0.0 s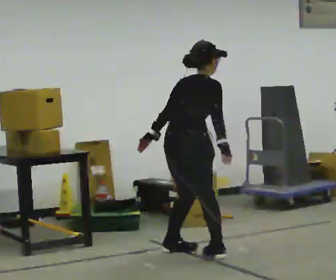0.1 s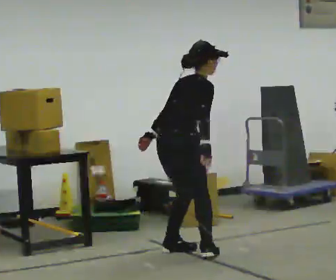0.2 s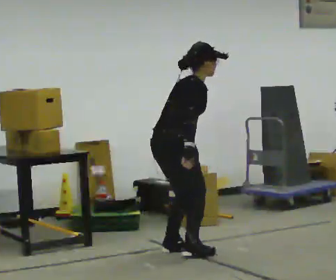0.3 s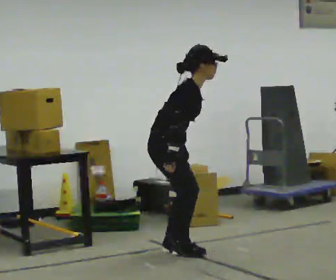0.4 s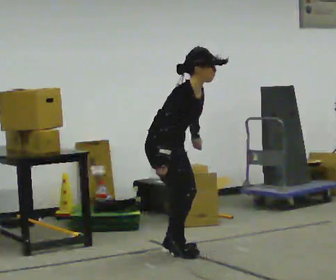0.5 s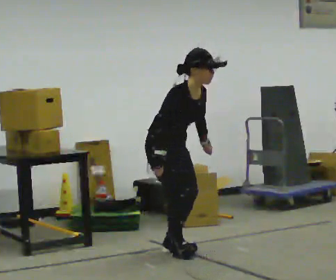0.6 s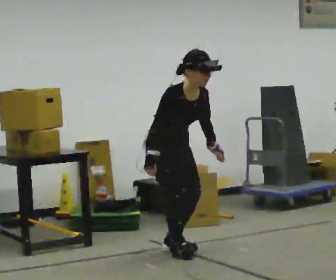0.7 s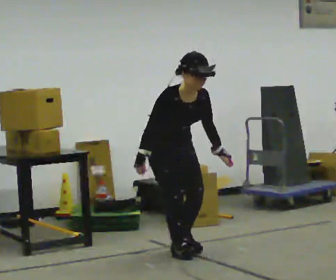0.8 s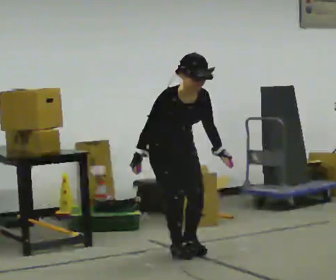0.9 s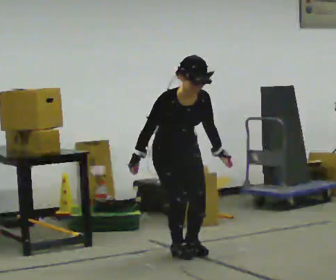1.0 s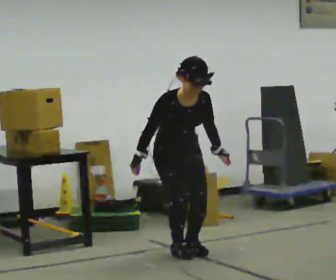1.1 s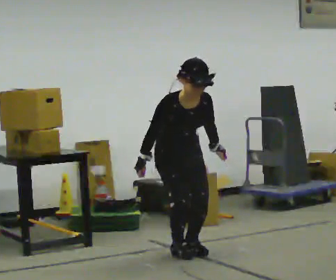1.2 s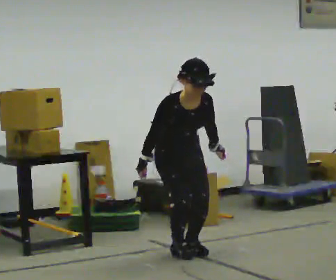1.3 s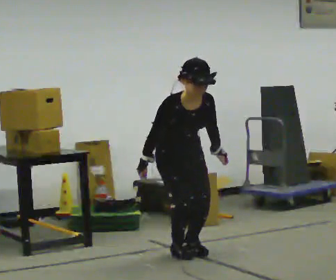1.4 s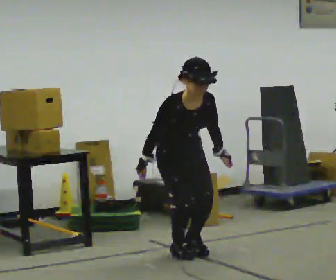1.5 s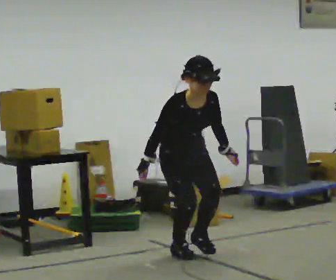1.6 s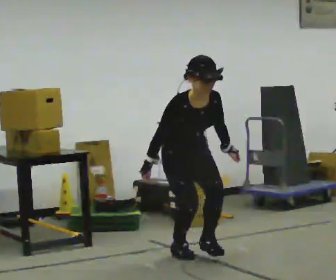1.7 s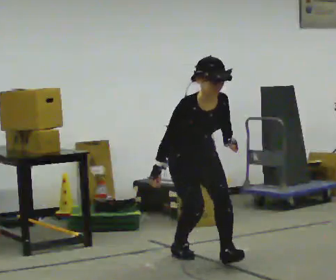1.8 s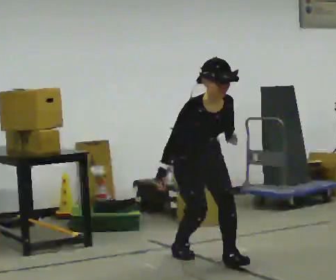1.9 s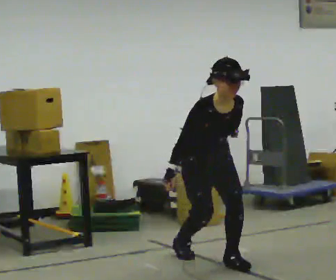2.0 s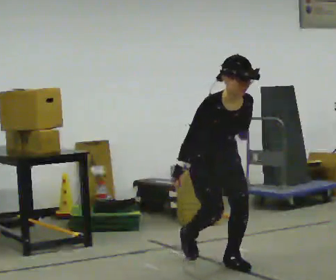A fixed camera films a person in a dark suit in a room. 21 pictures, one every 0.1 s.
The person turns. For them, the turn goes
to their right.
The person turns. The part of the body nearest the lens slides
to the left.
0.0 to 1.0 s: The person turns about 120 degrees to their right, clockwise seen from above, so the part of the body nearest the lens slides to the left. In the picture they go away from the camera, about 0.25 m in 1 step. The upper body tips toward the camera, its near side rolling downward. In the picture their left hand goes to the right, the arm swinging counterclockwise.
1.0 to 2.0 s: In the picture they go toward the camera and to the right, about 0.5 m in 1 step, which for them is forward.
The film runs forward here.
